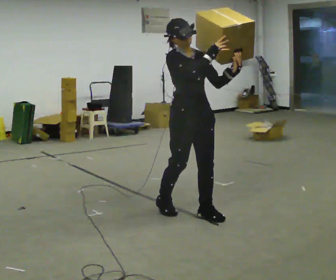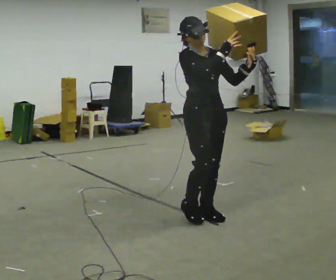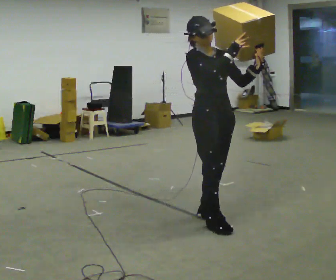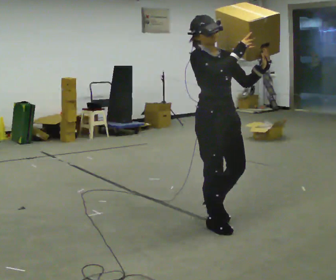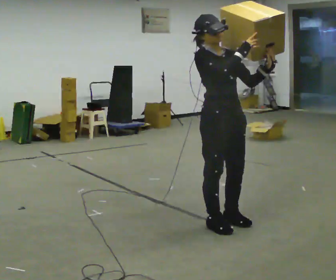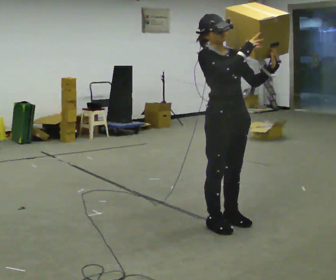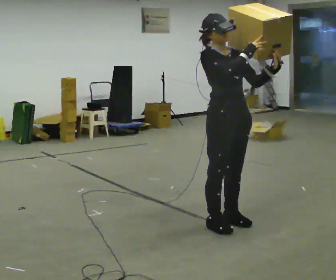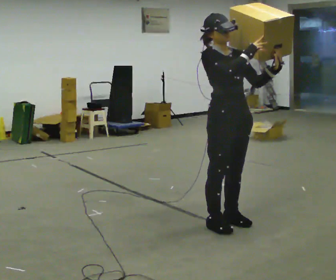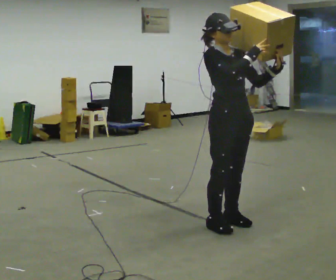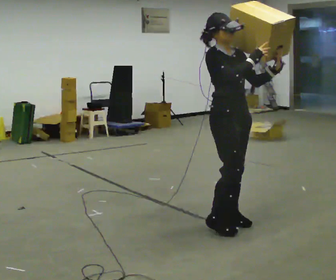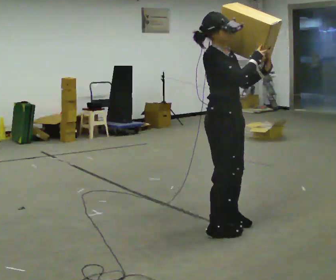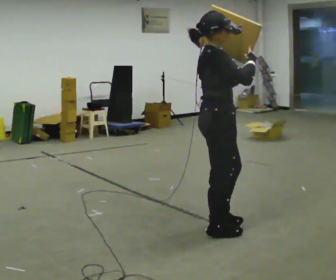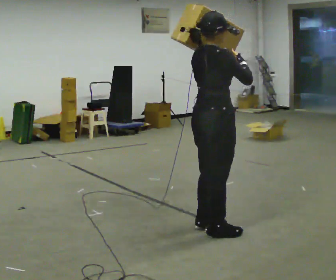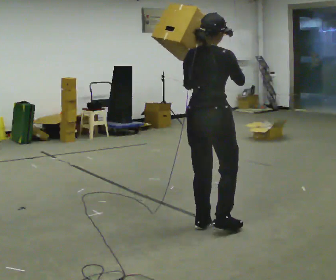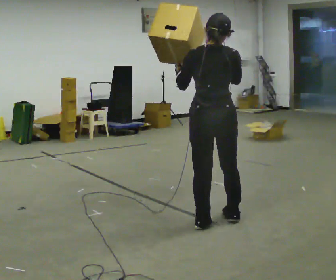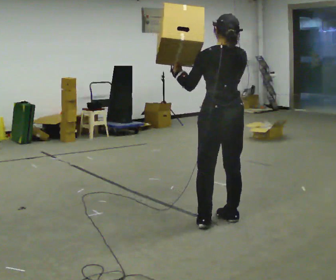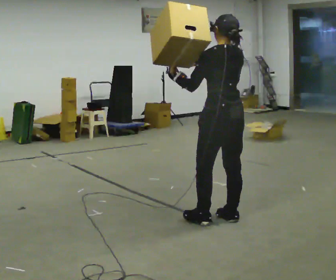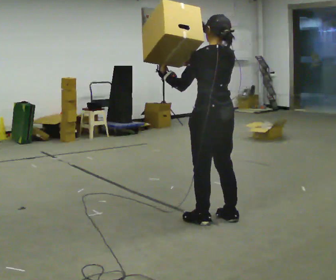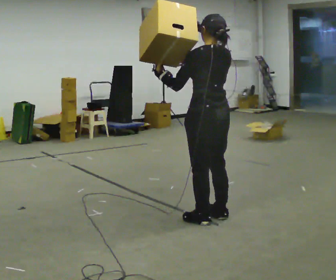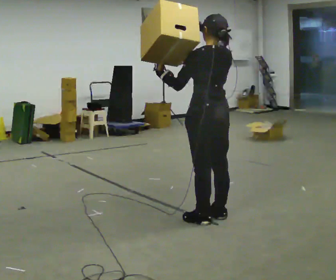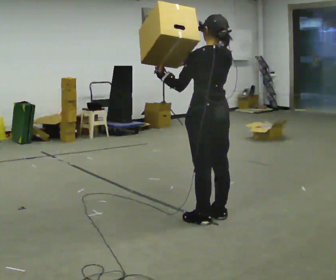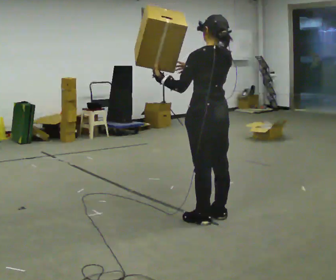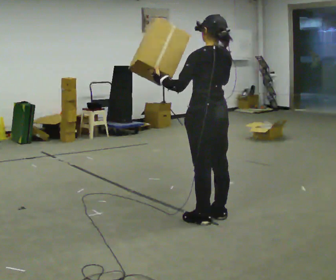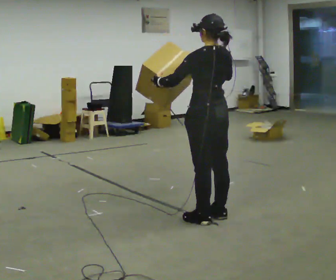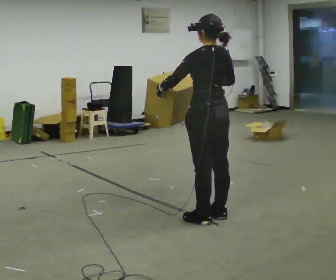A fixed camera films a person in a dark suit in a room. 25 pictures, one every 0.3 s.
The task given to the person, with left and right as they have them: Carry the box and, while walking, shift it to a different hold: front, then hip, then shoulder, then back to front. Do not stop walking.
0.0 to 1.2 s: In the picture they go toward the camera and to the right, about 0.25 m in 2 steps, which for them is forward.
1.2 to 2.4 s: The person moves a little, or ends about where they began.
2.4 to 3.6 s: The person turns about 90 degrees to their left, counterclockwise seen from above, so the part of the body nearest the lens slides to the right. In the picture their left hand goes to the left.
3.6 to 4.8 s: Seen from above the body turns counterclockwise, about 90 degrees: to their left, with its near side sliding to the right. In the picture they go away from the camera, about 0.25 m in 1 step. In the picture their left hand goes to the left.
4.8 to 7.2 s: The person moves a little, or ends about where they began.
The film runs forward here.
